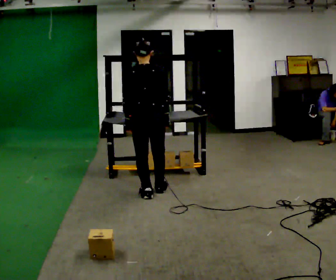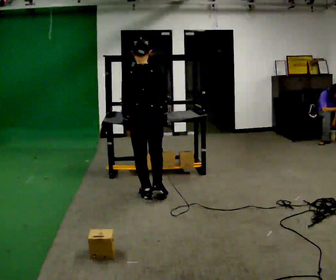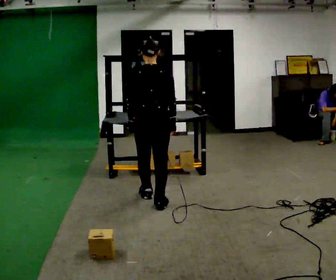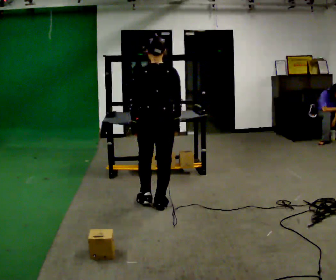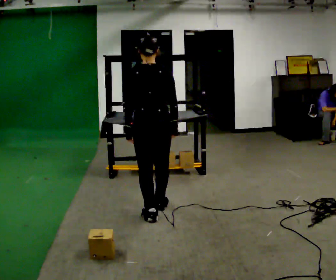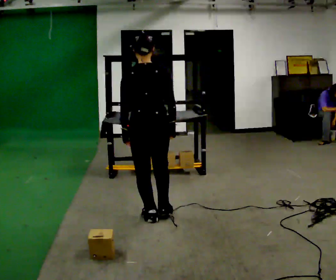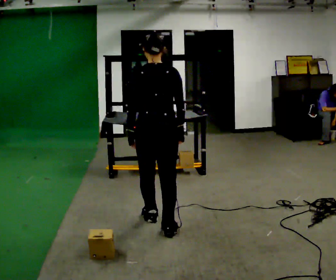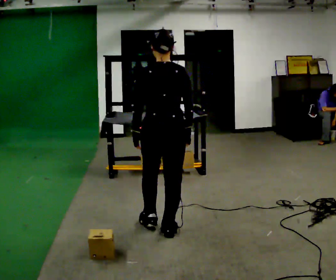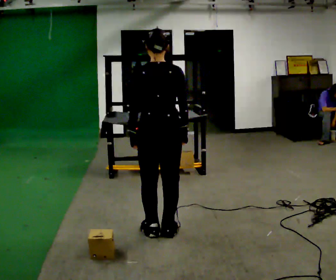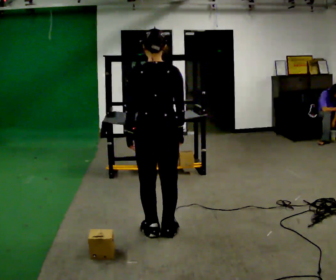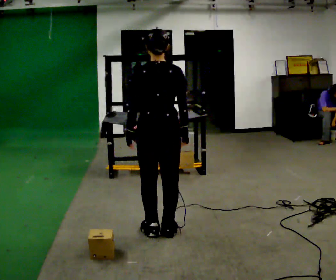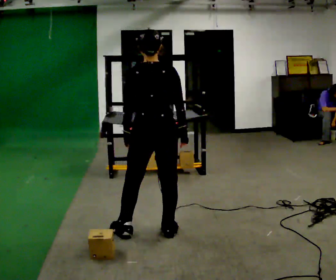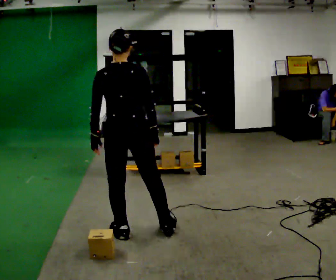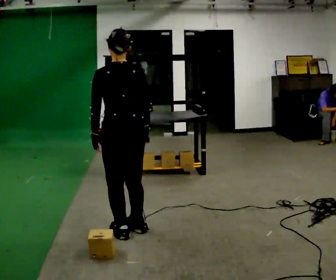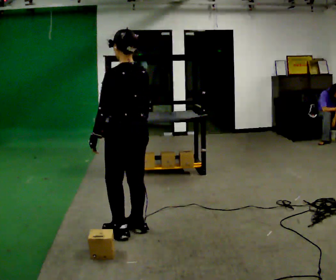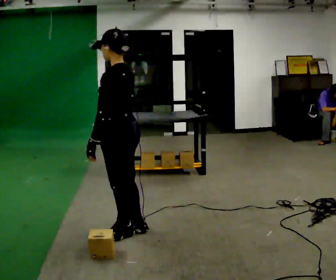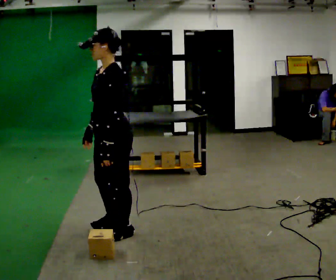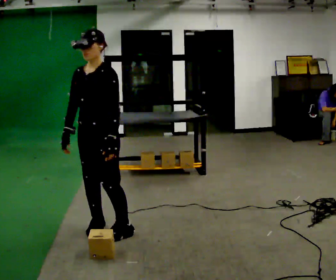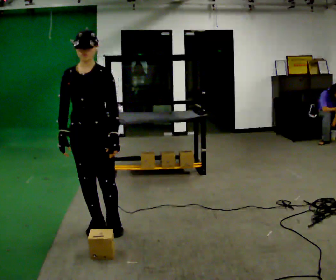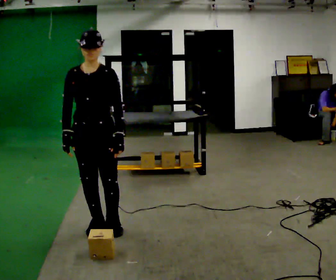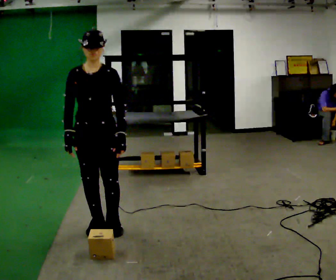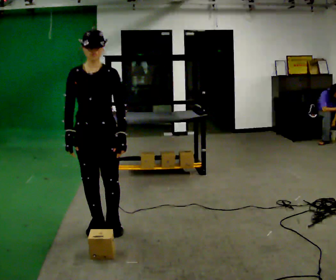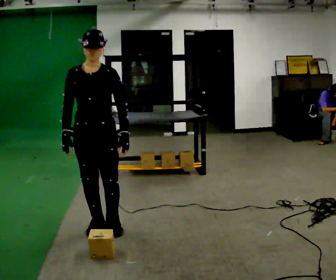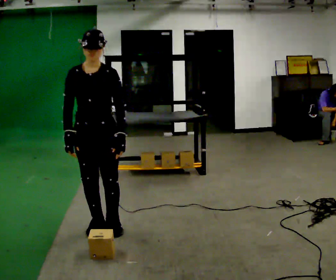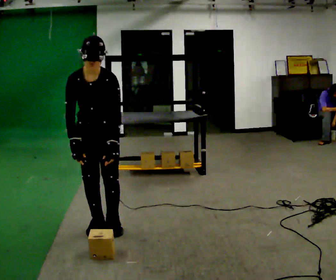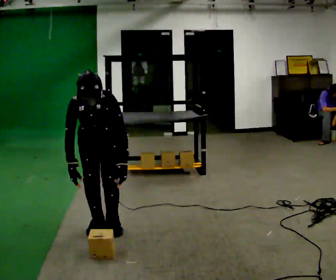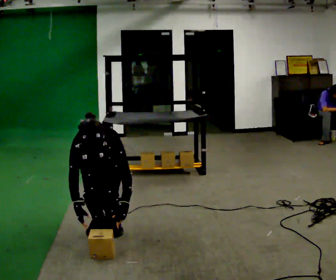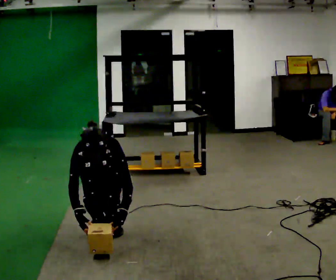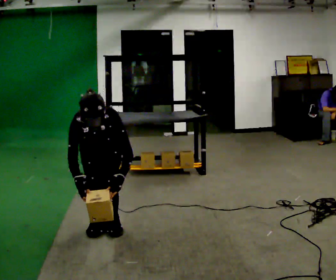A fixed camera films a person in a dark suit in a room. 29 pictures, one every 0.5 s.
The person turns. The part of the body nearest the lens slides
to the right.
The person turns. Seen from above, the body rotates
counterclockwise.
0.0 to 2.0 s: In the picture they go toward the camera, about 0.5 m in 2 steps, which for them is backward.
2.0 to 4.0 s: In the picture they go toward the camera, about 0.5 m in 2 steps, which for them is backward.
4.0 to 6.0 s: In the picture they go to the left, about 0.25 m in 1 step, which for them is to their left.
6.0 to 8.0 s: The part of the body nearest the lens slides to the right as the person turns to their left by about 105 degrees. In the picture their right hand goes to the left, the arm swinging clockwise.
8.0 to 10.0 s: The person turns about 75 degrees to their left, counterclockwise seen from above, so the part of the body nearest the lens slides to the right. In the picture they go to the left, about 0.25 m in 1 step.
10.0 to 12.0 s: The upper body tips toward the camera, its near side rolling downward, as they bend forward.
12.0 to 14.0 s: The upper body tips toward the camera, its near side rolling downward, as they bend forward.
The film runs backward here.
